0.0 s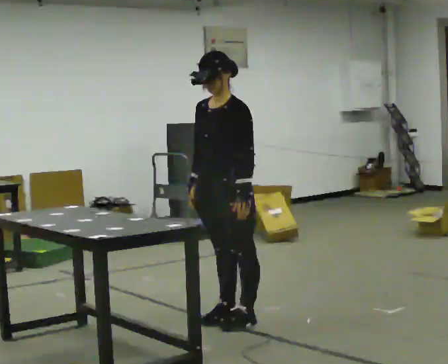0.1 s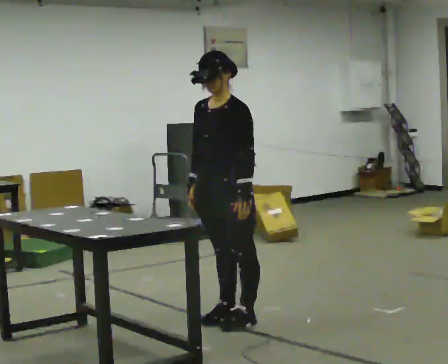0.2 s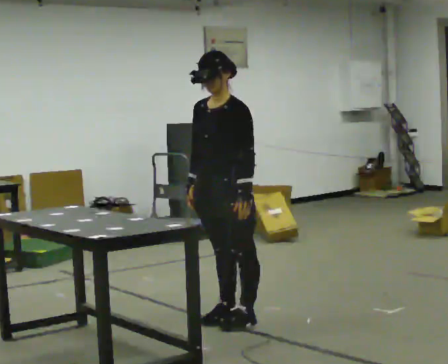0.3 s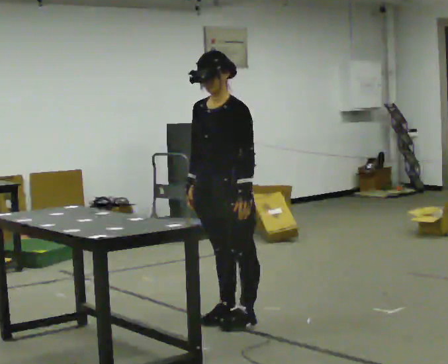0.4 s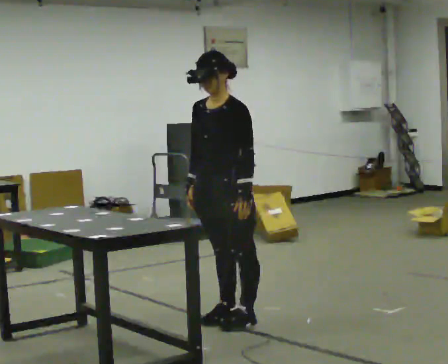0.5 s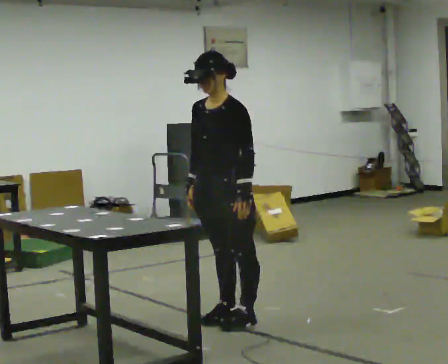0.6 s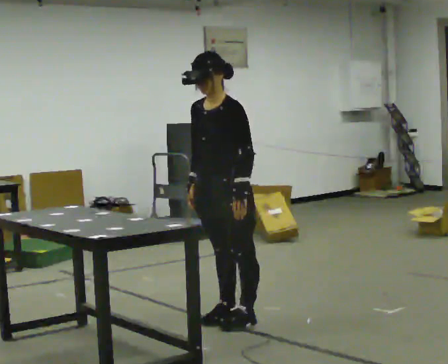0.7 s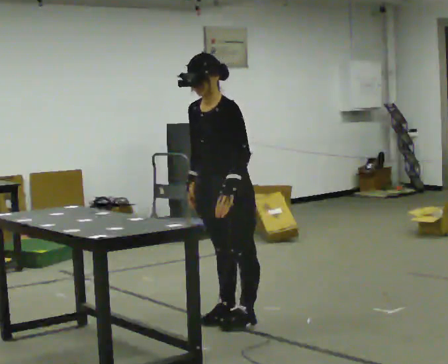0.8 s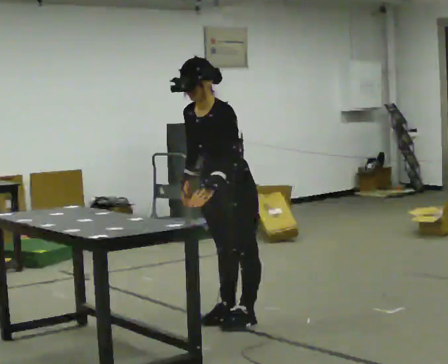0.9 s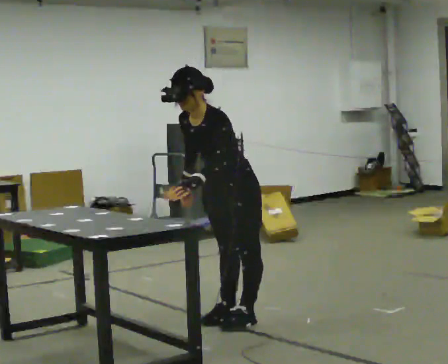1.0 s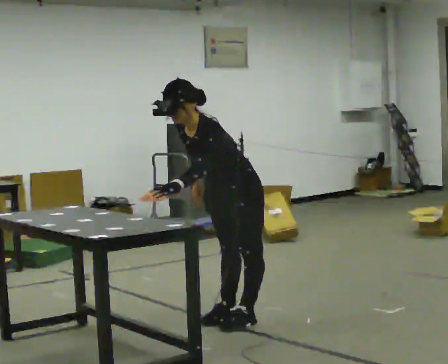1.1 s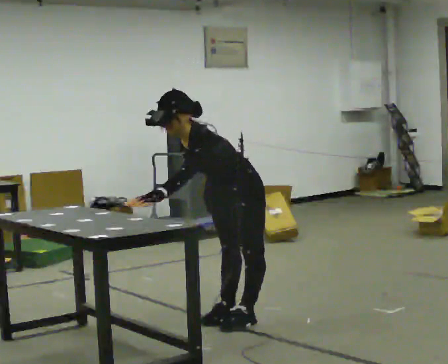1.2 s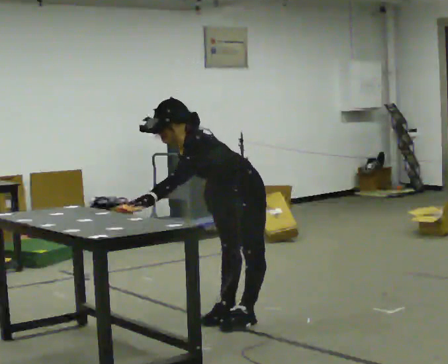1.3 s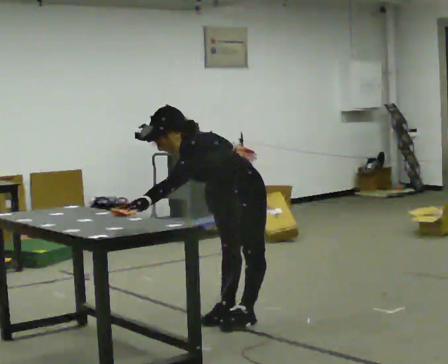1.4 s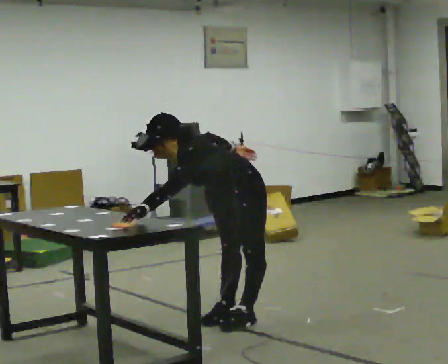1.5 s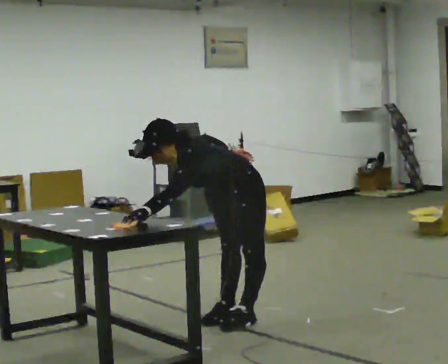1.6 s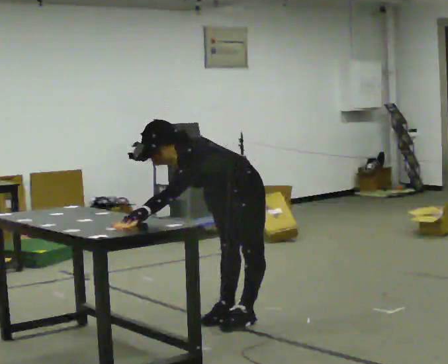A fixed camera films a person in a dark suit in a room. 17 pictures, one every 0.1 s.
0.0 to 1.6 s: The upper body goes downward. The upper body tips toward the camera, its near side rolling downward, as they bend forward.
The film runs forward here.
